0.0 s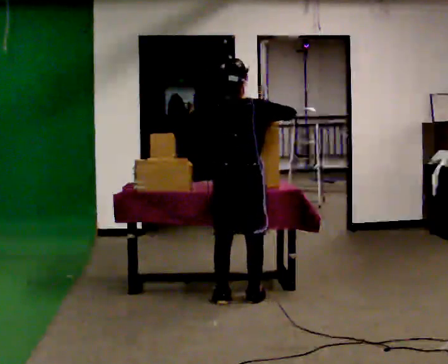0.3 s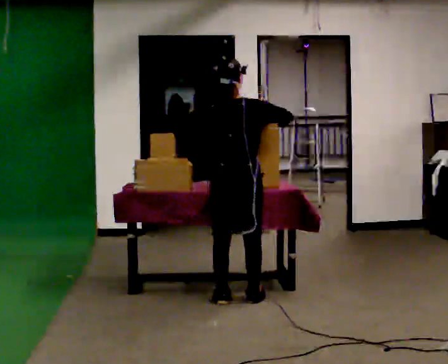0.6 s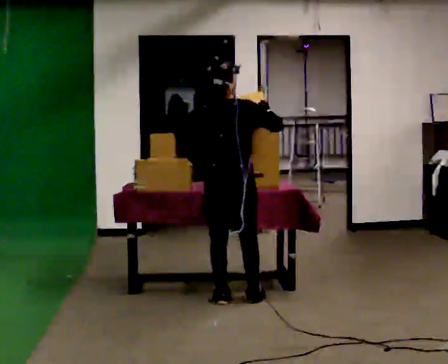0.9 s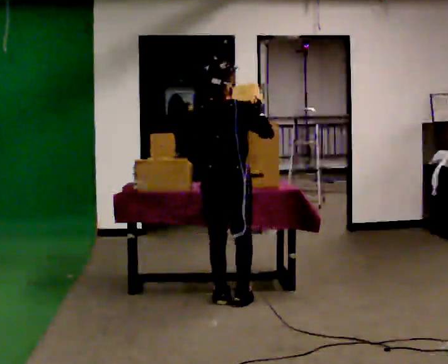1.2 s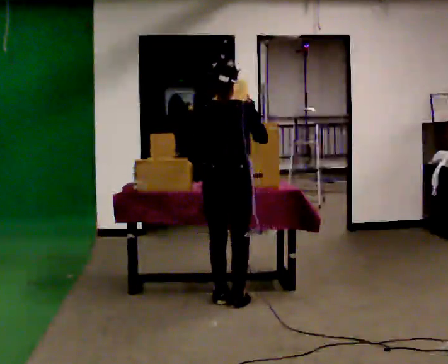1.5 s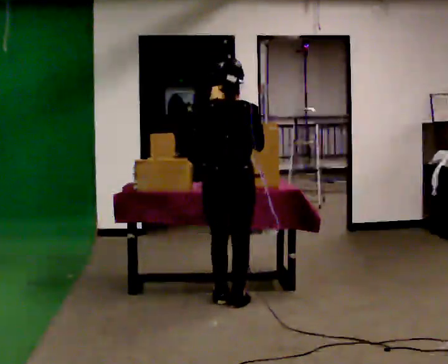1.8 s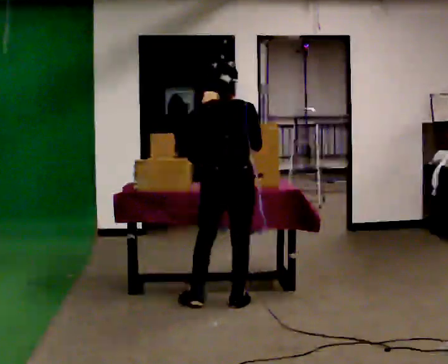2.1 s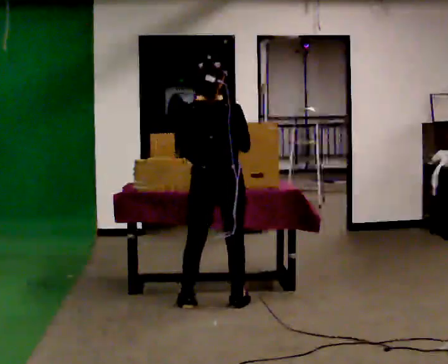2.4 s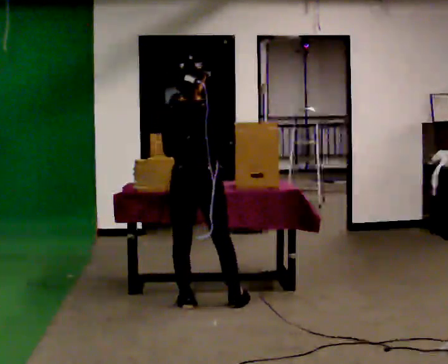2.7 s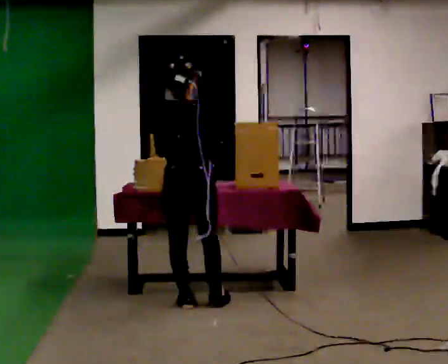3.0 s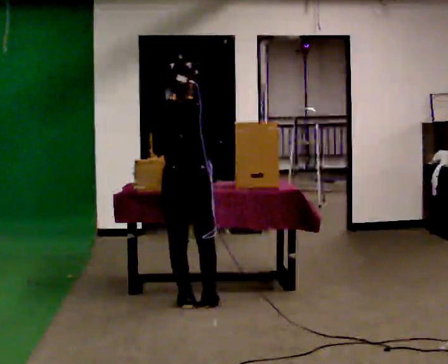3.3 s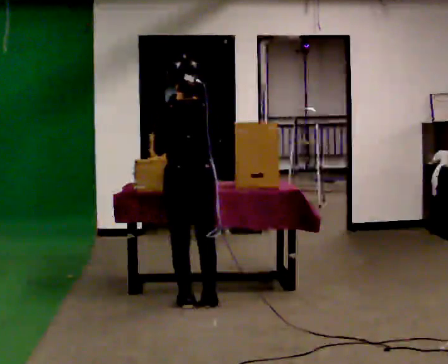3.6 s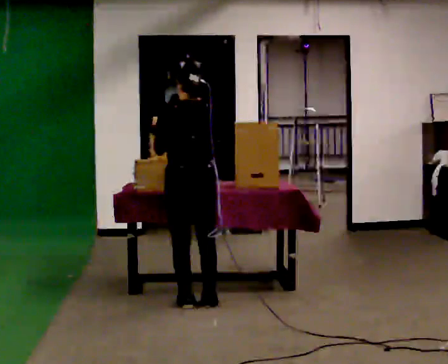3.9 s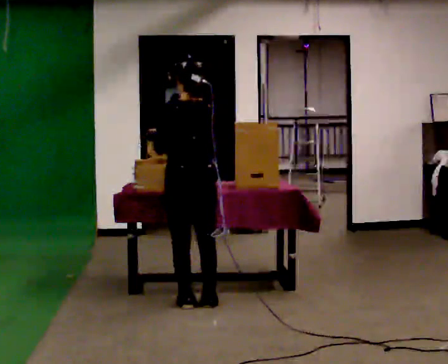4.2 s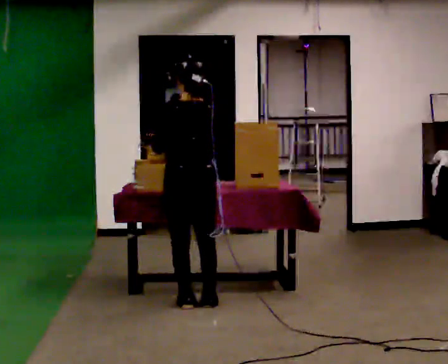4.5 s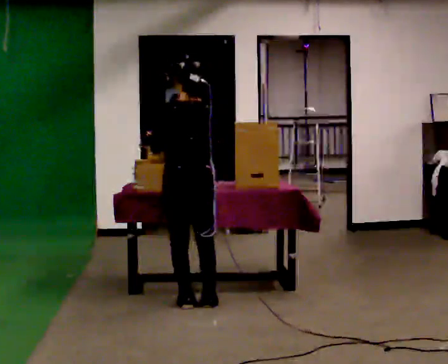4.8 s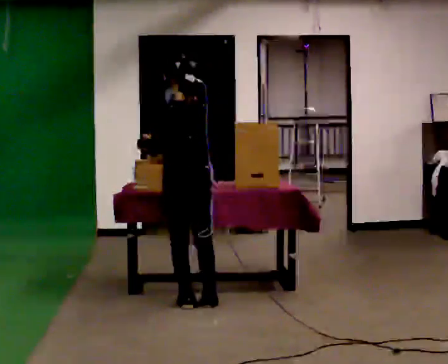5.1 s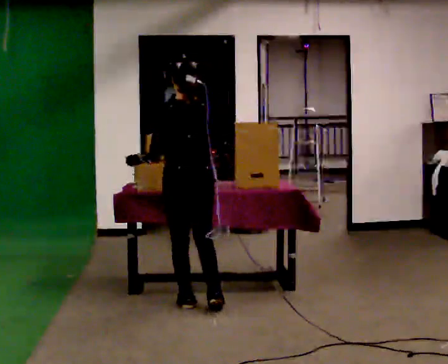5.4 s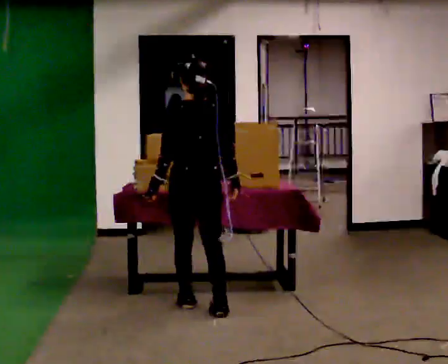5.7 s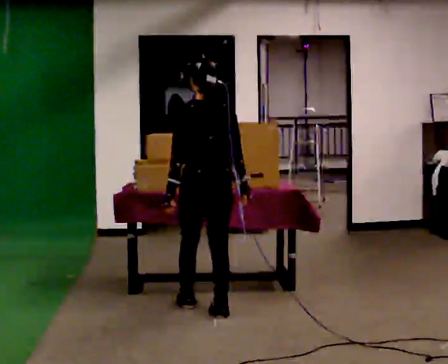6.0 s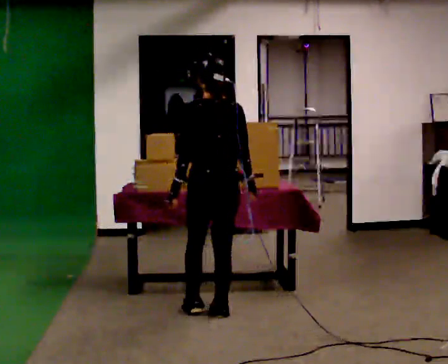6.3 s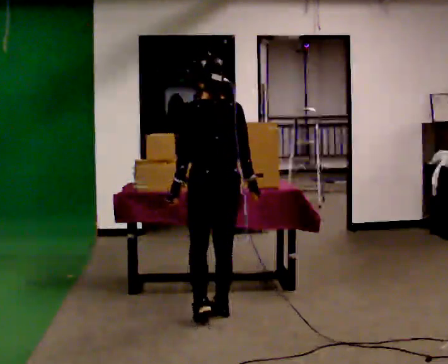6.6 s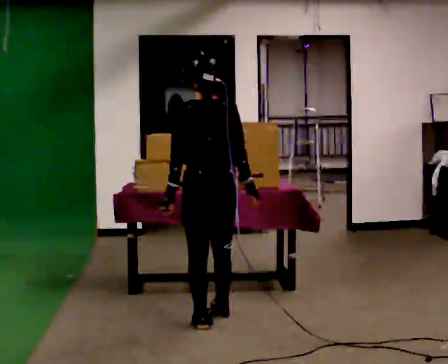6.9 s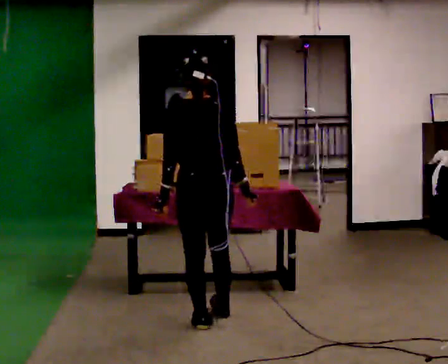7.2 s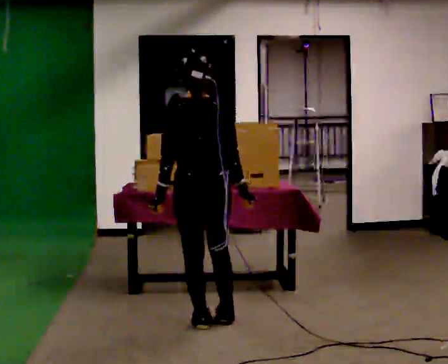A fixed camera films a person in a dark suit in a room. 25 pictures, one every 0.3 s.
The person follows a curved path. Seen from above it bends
counterclockwise.
Their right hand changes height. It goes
downward.
0.0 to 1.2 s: The person moves a little, or ends about where they began.
1.2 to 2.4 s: In the picture they go to the left, about 0.25 m in 1 step, which for them is to their left.
2.4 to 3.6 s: The person turns about 30 degrees to their left, counterclockwise seen from above, so the part of the body nearest the lens slides to the right.
3.6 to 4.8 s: The person moves a little, or ends about where they began.
4.8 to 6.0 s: In the picture they go toward the camera and to the right, about 0.25 m in 2 steps, which for them is backward.
6.0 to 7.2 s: In the picture they go toward the camera, about 0.25 m in 1 step, which for them is backward and to their left.
The film runs backward here.
